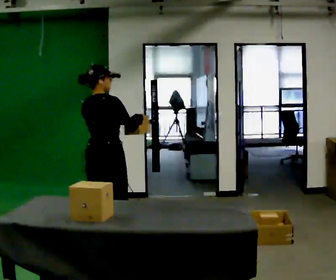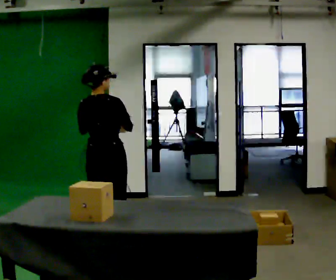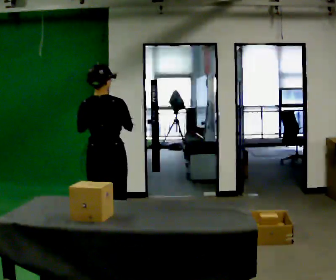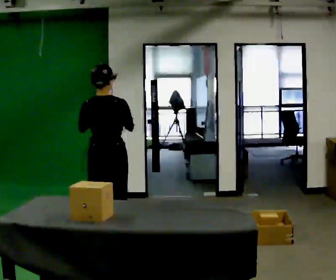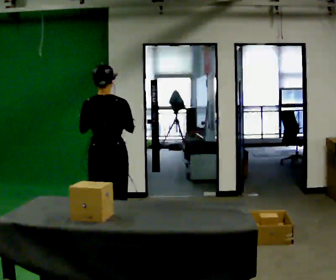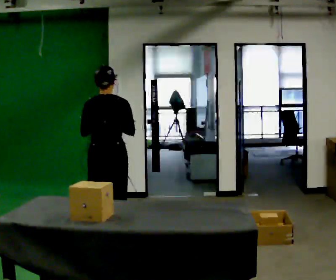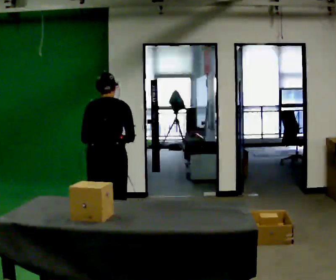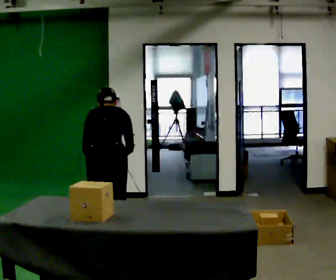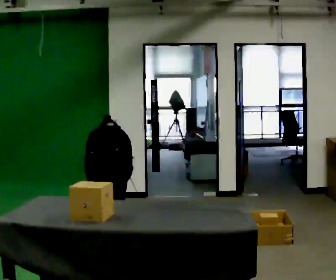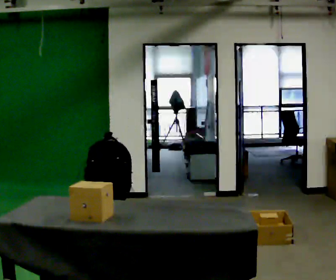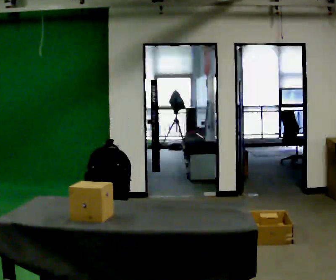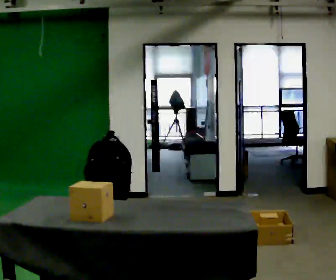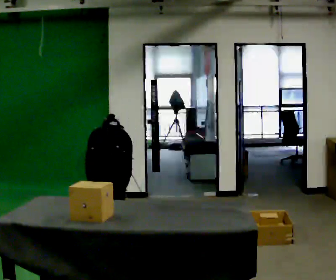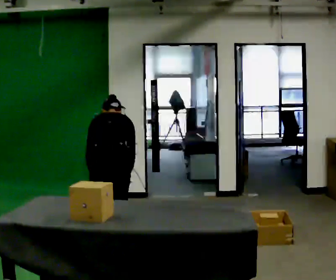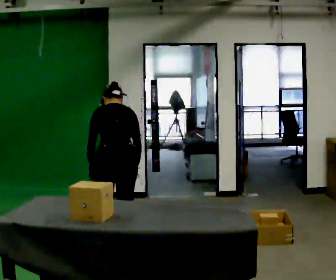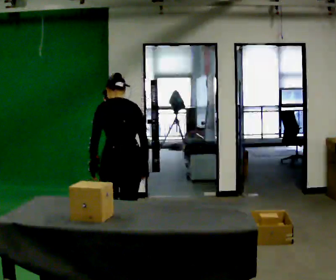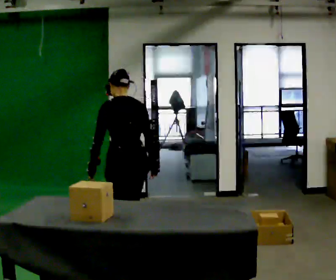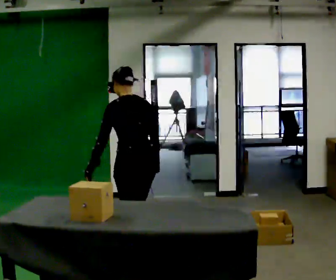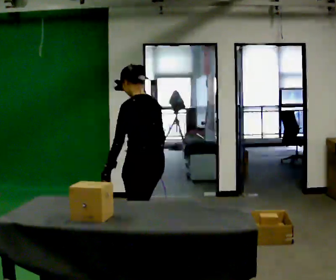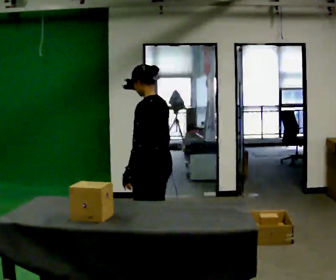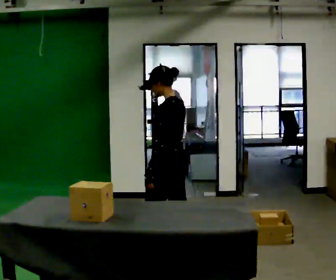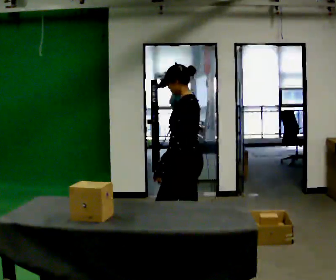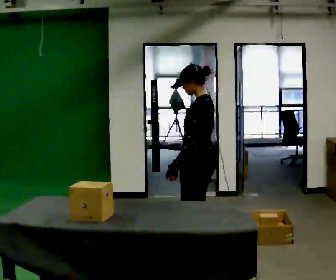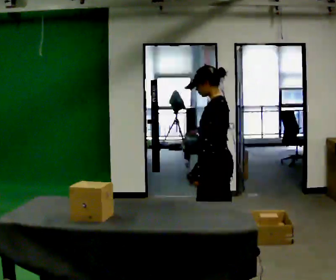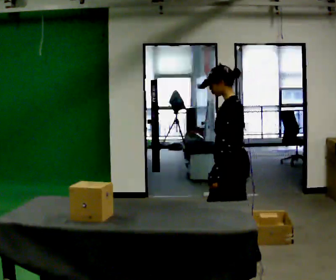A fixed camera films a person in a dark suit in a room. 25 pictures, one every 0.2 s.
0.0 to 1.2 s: Seen from above the body turns counterclockwise, about 30 degrees: to their left, with its near side sliding to the right.
1.2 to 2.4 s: The upper body tips away from the camera, its near side rolling upward, as they bend forward. In the picture their left hand goes downward.
2.4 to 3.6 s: The part of the body nearest the lens slides to the right as the person turns to their left by about 45 degrees. In the picture they go to the right, about 0.25 m in 2 steps, which for them is to their right and backward. The shoulders move upward. The upper body tips toward the camera, its near side rolling downward, as they lean back or straighten.
3.6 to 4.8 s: The part of the body nearest the lens slides to the right as the person turns to their left by about 30 degrees. In the picture they go to the right, about 0.75 m in 2 steps, which for them is backward.
The film runs backward here.
